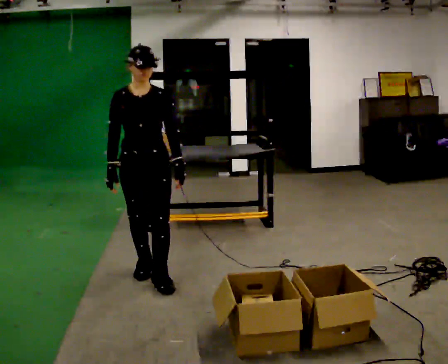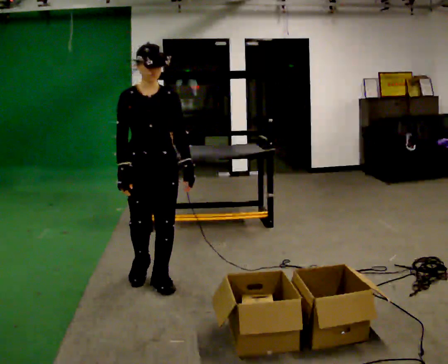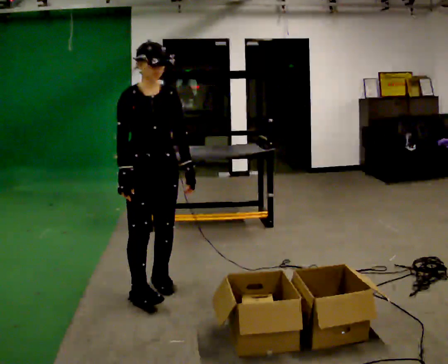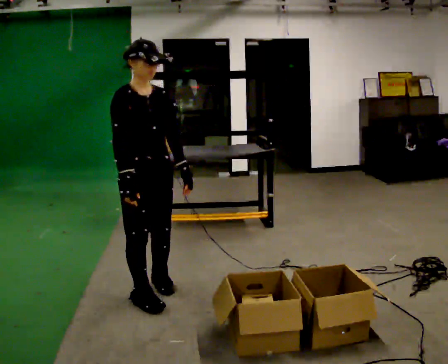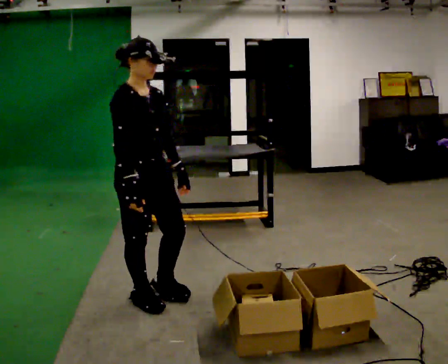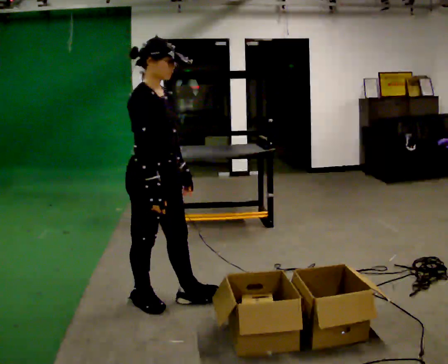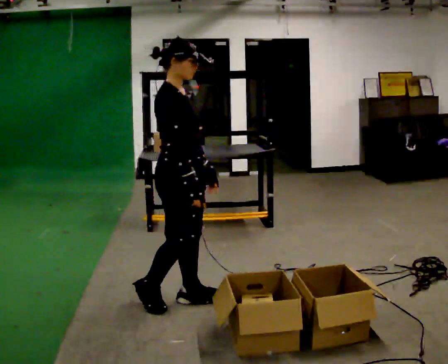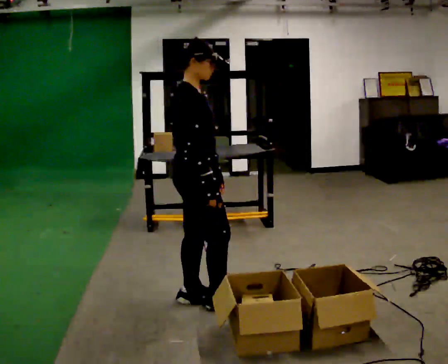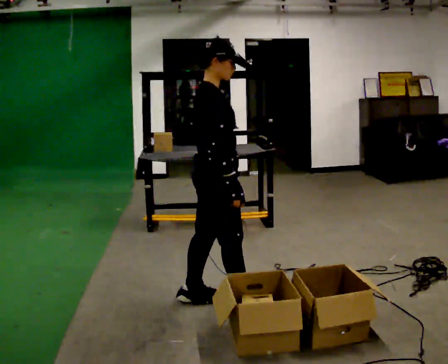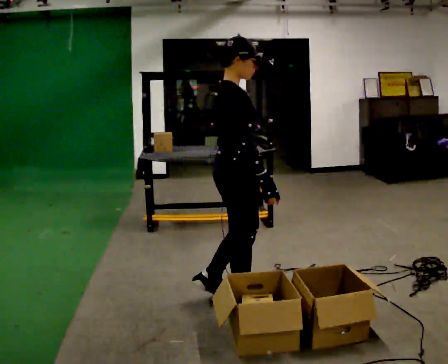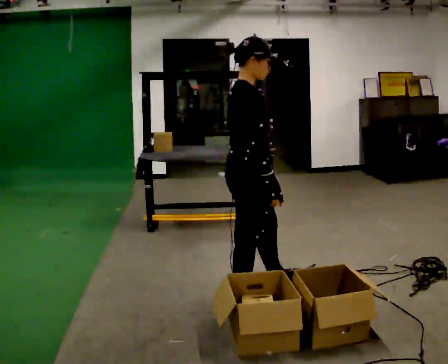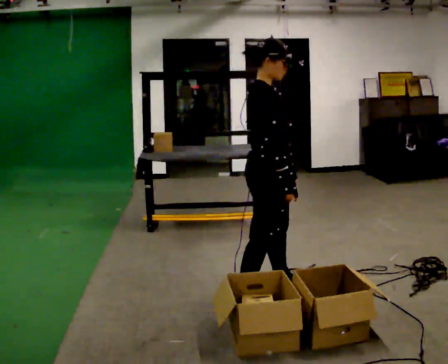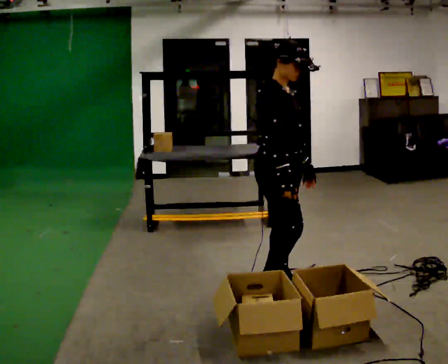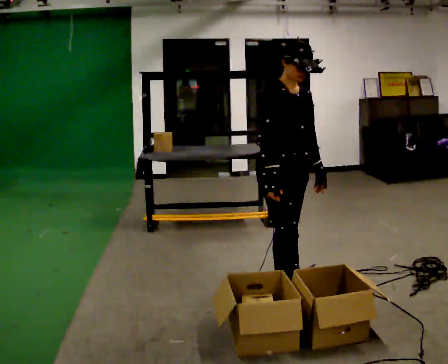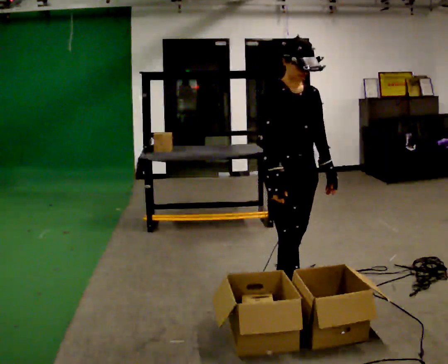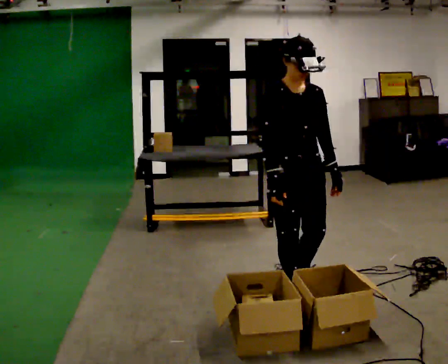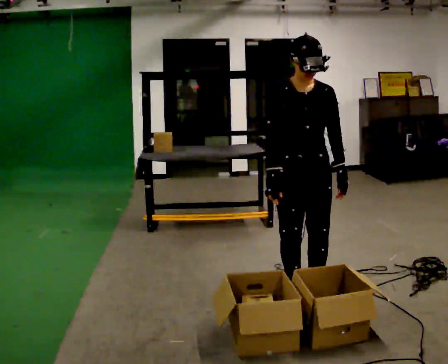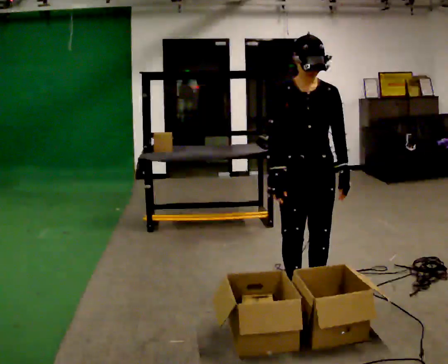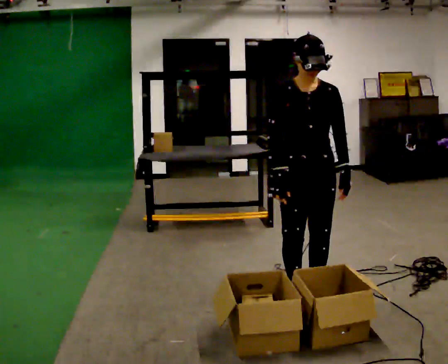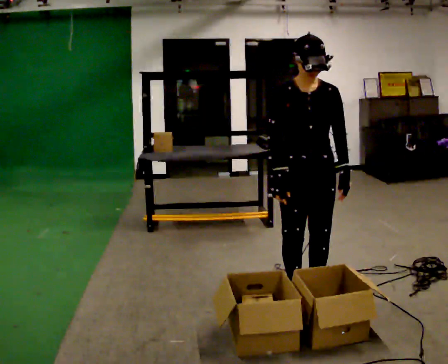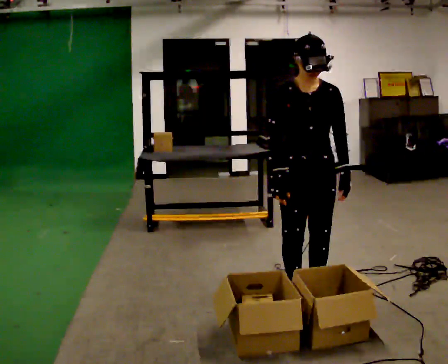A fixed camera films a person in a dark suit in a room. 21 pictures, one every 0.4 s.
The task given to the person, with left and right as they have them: 1. Look at the shelf and see which spaces are empty. 2. Find matching items in the bins on the floor. 3. Fill the empty spaces on the shelf. 4. Tell the operator when you are finished.
0.0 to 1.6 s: The part of the body nearest the lens slides to the right as the person turns to their left by about 45 degrees. In the picture they go toward the camera, about 0.5 m in 1 step, which for them is forward.
1.6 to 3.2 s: Seen from above the body turns counterclockwise, about 30 degrees: to their left, with its near side sliding to the right. In the picture they go to the right, about 0.5 m in 2 steps, which for them is forward.
3.2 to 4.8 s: Seen from above the body turns clockwise, about 30 degrees: to their right, with its near side sliding to the left. In the picture they go to the right and away from the camera, about 0.5 m in 1 step, which for them is forward and to their left.
4.8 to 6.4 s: The part of the body nearest the lens slides to the left as the person turns to their right by about 60 degrees.
6.4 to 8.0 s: The person moves a little, or ends about where they began.
The film runs forward here.
